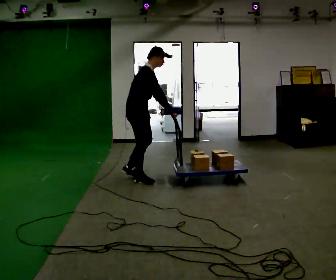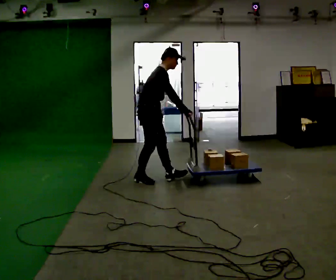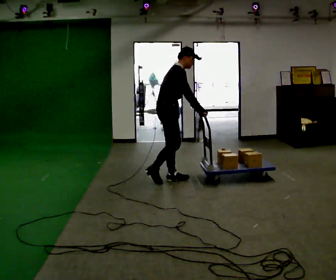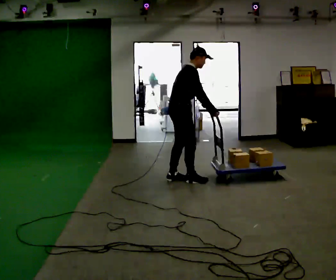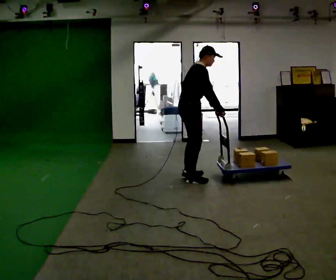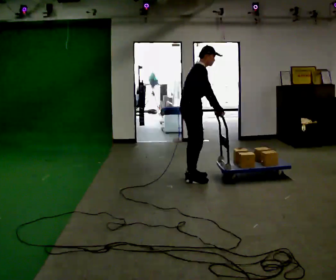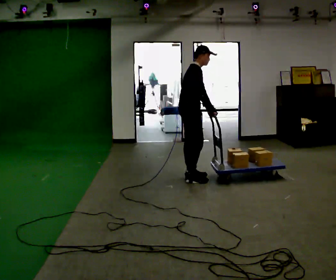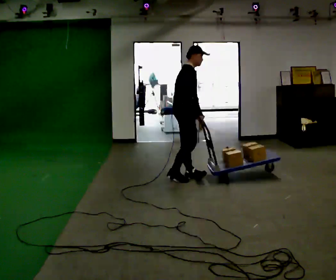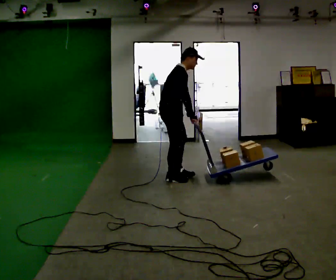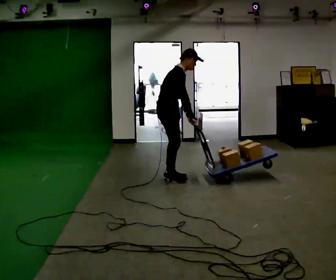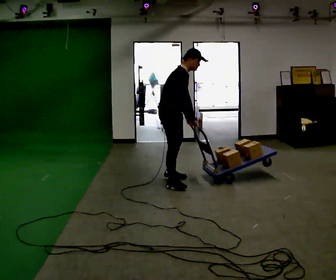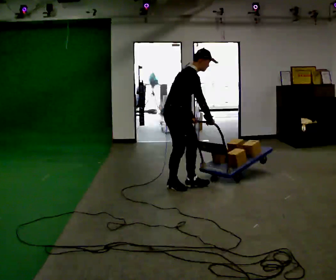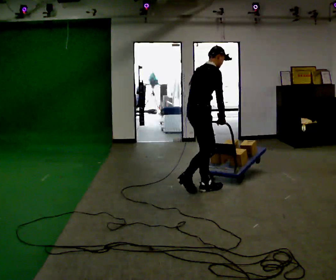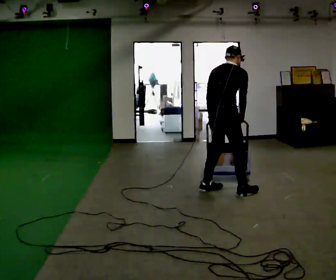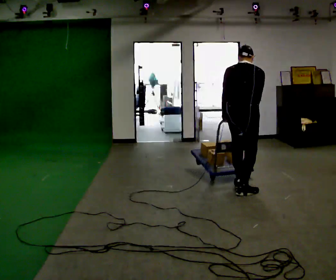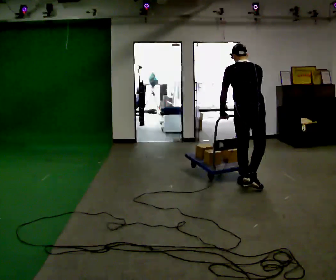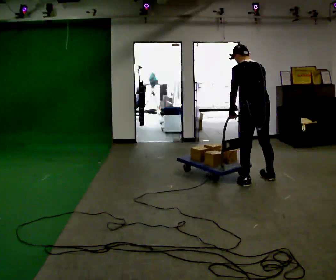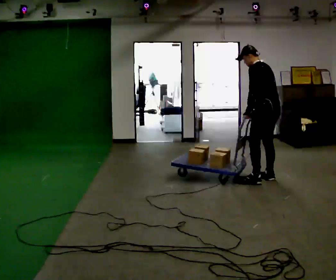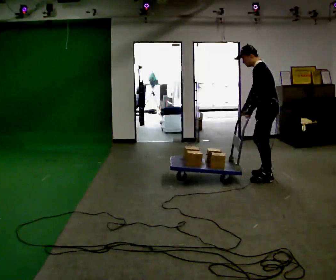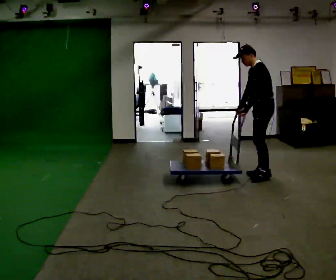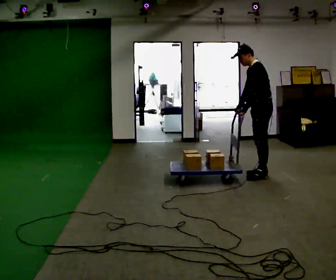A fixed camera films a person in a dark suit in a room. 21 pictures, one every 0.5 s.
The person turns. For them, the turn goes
to their left.
The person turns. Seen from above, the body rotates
counterclockwise.
0.0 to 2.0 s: In the picture they go to the right, about 0.75 m in 2 steps, which for them is forward.
2.0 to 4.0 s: In the picture they go to the left, about 0.25 m in 2 steps, which for them is backward. In the picture their right hand goes to the left.
4.0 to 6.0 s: In the picture they go toward the camera and to the right, about 0.5 m in 3 steps, which for them is forward and to their right.
6.0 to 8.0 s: Seen from above the body turns counterclockwise, about 105 degrees: to their left, with its near side sliding to the right. In the picture they go to the right, about 0.5 m in 2 steps. In the picture the upper body tilts counterclockwise, shoulders to the left.
8.0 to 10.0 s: The part of the body nearest the lens slides to the right as the person turns to their left by about 75 degrees. In the picture they go away from the camera and to the right, about 0.25 m in 4 steps.
The film runs forward here.
